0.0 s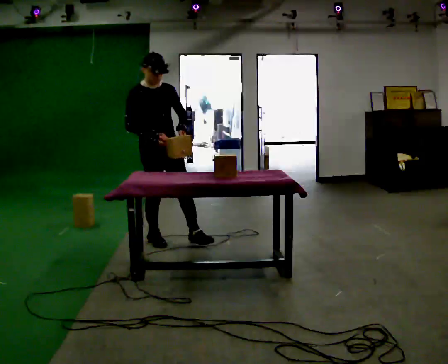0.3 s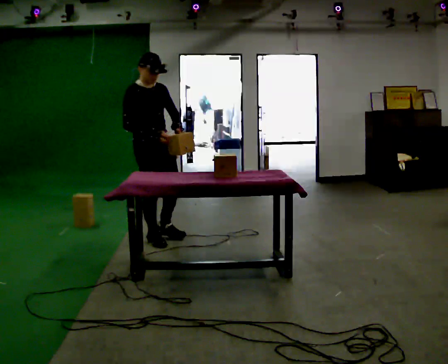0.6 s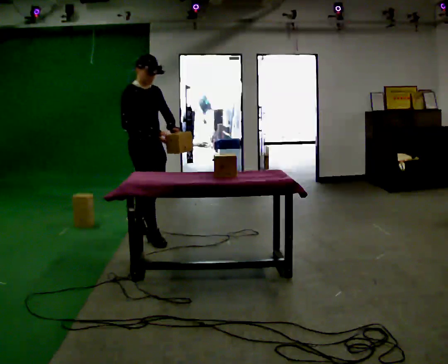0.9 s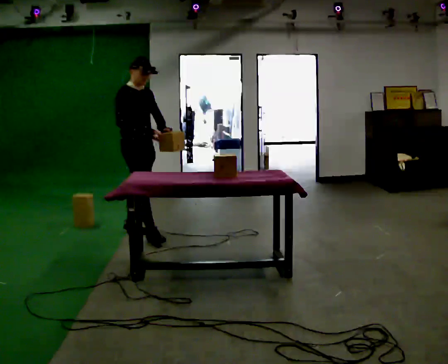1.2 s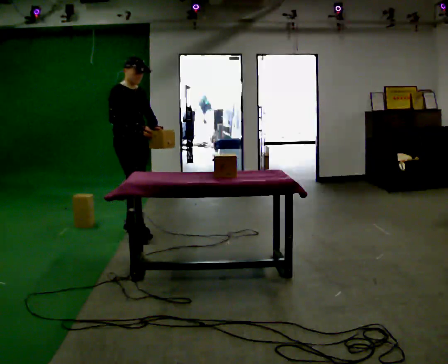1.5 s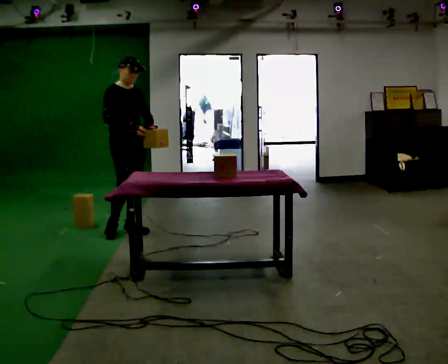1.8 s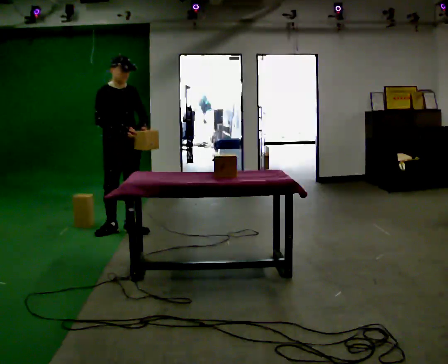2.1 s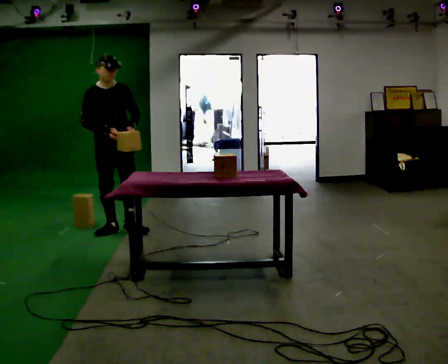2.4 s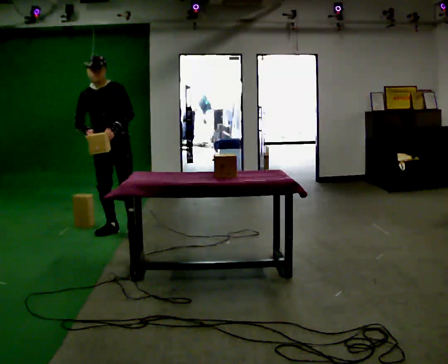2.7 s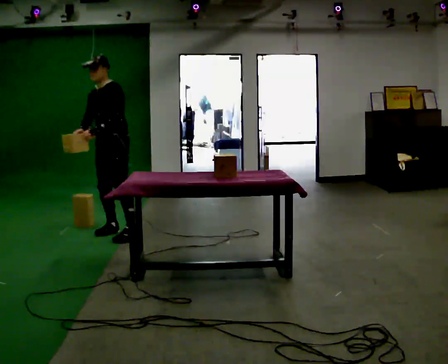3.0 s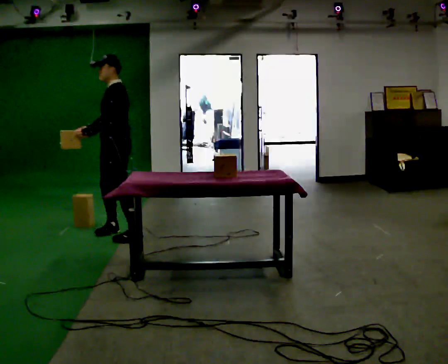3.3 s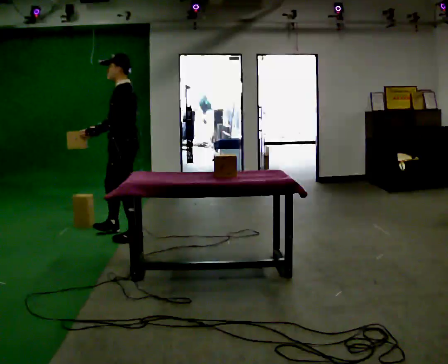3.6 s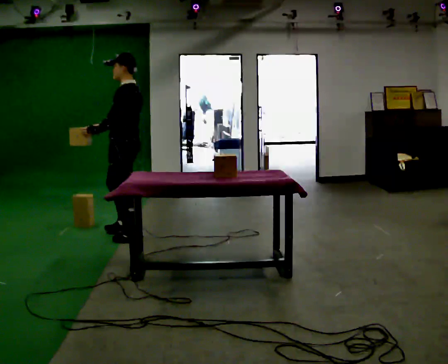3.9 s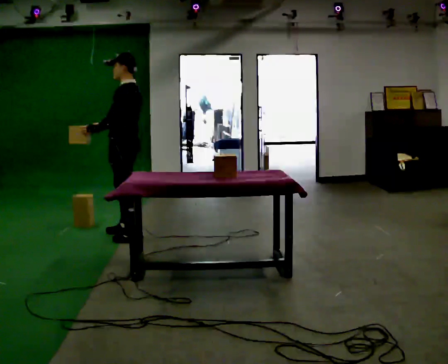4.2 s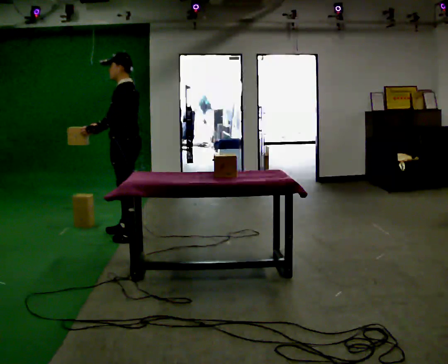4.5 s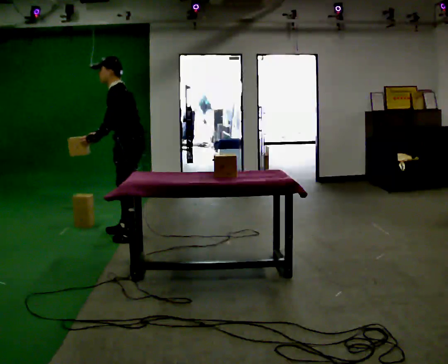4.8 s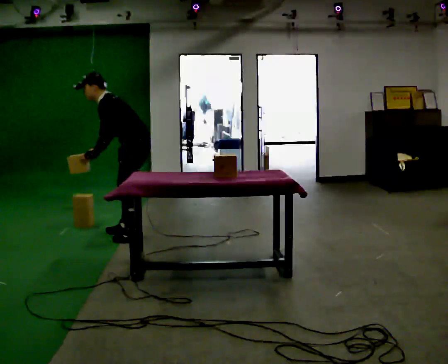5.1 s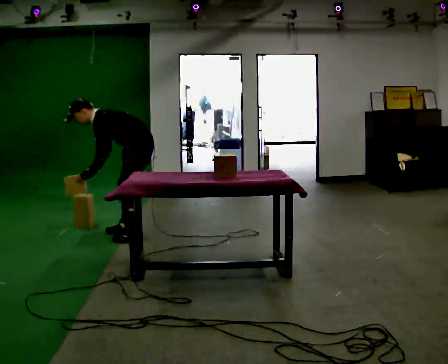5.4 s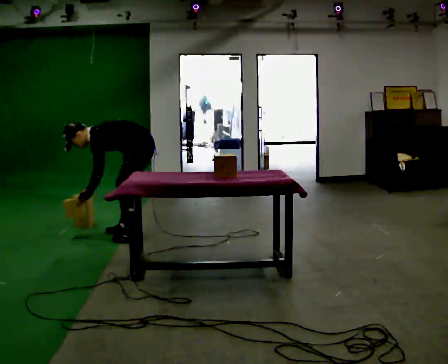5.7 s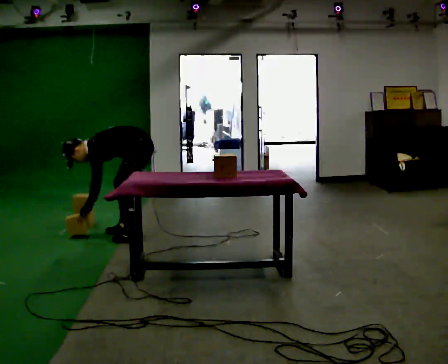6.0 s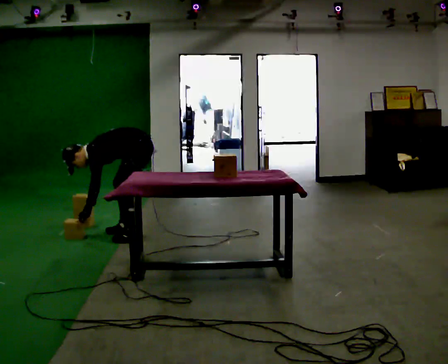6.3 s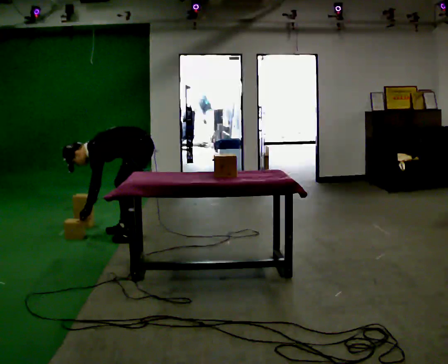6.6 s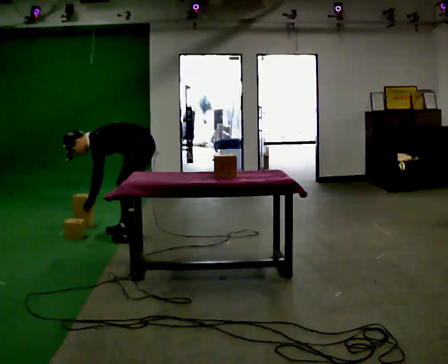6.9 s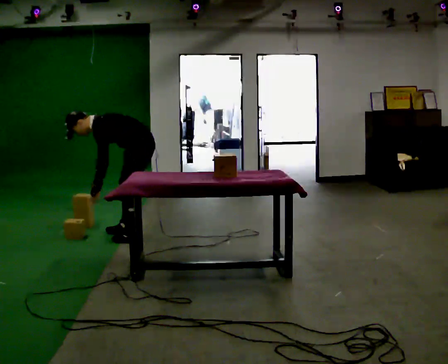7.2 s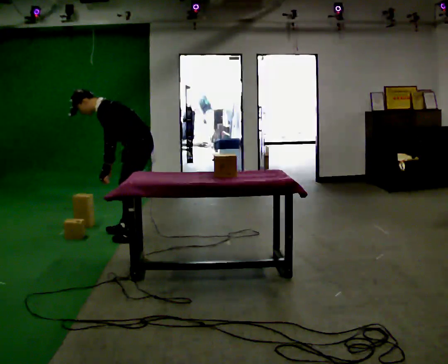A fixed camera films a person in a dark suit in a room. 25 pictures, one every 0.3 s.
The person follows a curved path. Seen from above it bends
counterclockwise.
0.0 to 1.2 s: In the picture they go away from the camera and to the left, about 0.5 m in 1 step, which for them is backward.
1.2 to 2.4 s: Seen from above the body turns clockwise, about 60 degrees: to their right, with its near side sliding to the left. In the picture they go to the left, about 0.25 m in 1 step, which for them is to their right. In the picture their right hand goes to the left.
2.4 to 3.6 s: The person turns about 90 degrees to their right, clockwise seen from above, so the part of the body nearest the lens slides to the left. In the picture they go toward the camera and to the right, about 0.25 m in 1 step. In the picture the upper body tilts clockwise, shoulders to the right.
3.6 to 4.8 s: In the picture the upper body tilts counterclockwise, shoulders to the left, as they bend forward.
4.8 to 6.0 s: The shoulders move downward. In the picture the upper body tilts counterclockwise, shoulders to the left, as they bend forward. In the picture their left hand goes downward.
6.0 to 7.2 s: The upper body goes upward. In the picture the upper body tilts clockwise, shoulders to the right, as they lean back or straighten. In the picture their right hand goes upward.
The film runs backward here.
